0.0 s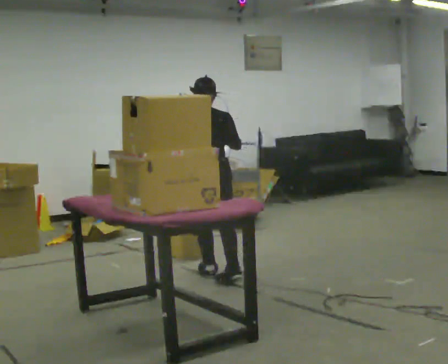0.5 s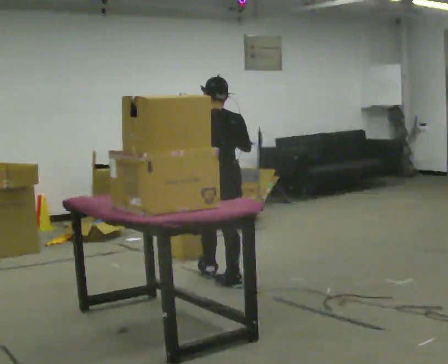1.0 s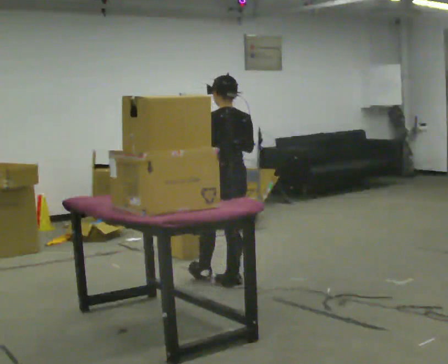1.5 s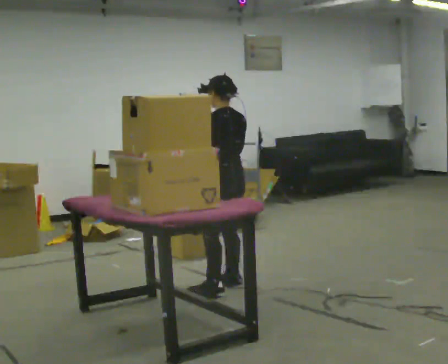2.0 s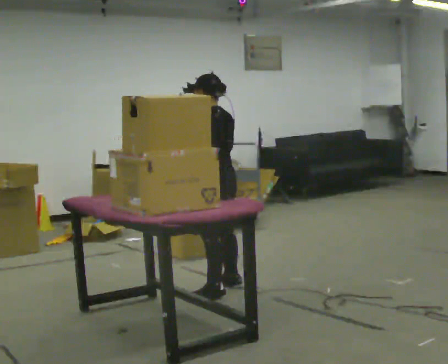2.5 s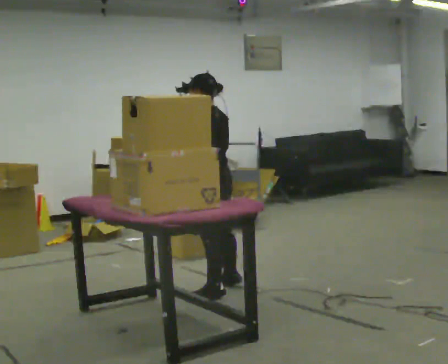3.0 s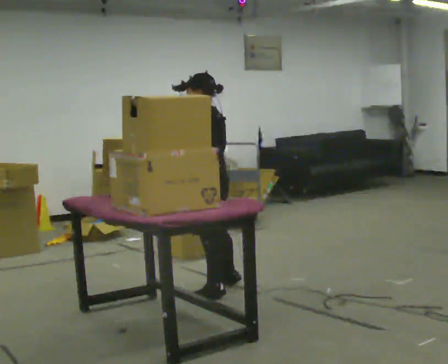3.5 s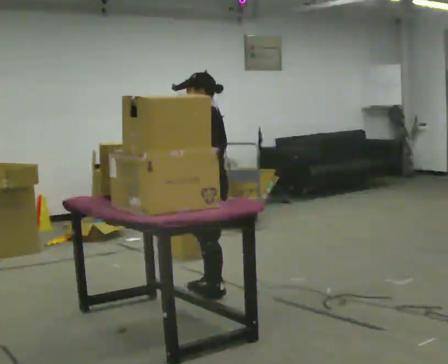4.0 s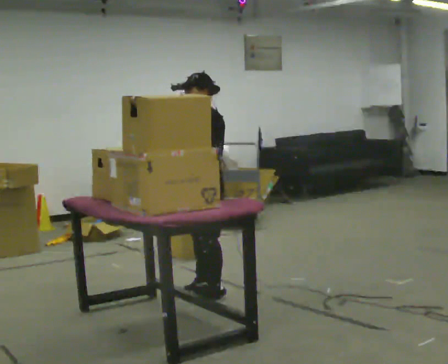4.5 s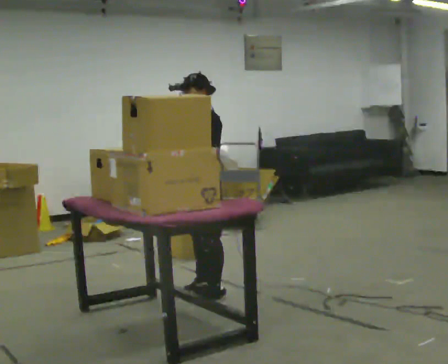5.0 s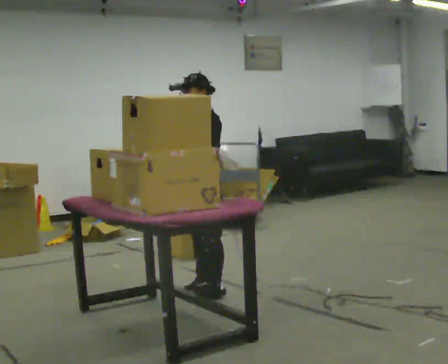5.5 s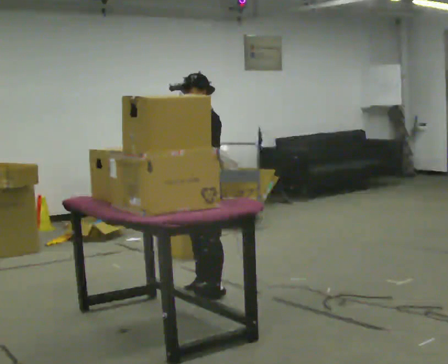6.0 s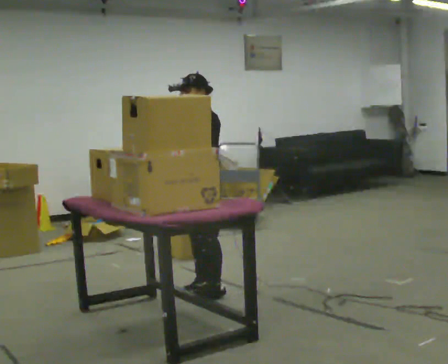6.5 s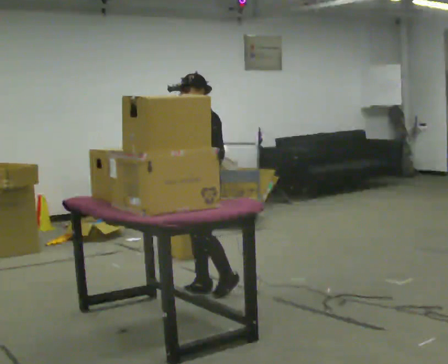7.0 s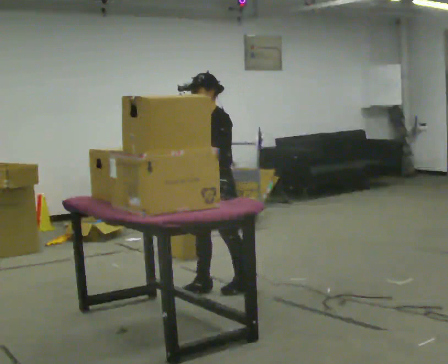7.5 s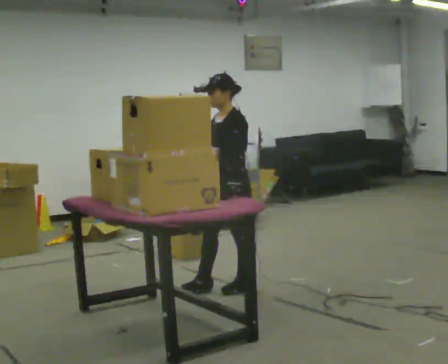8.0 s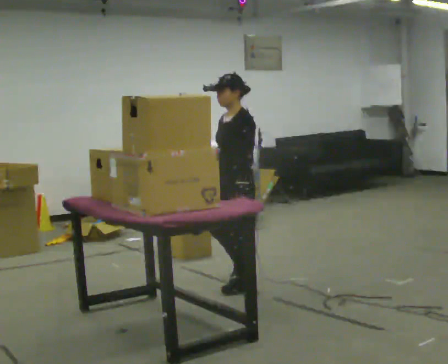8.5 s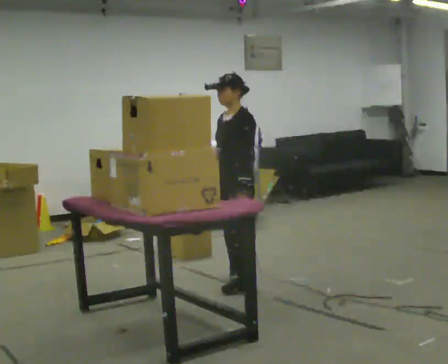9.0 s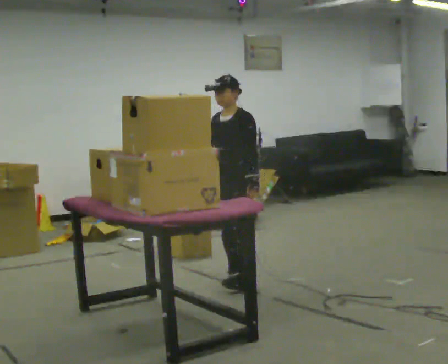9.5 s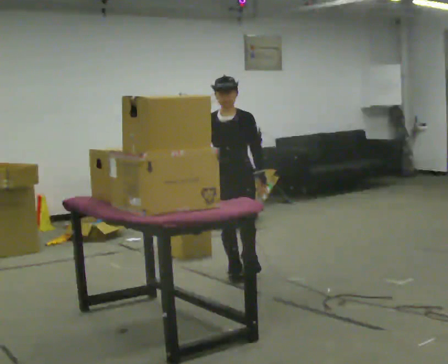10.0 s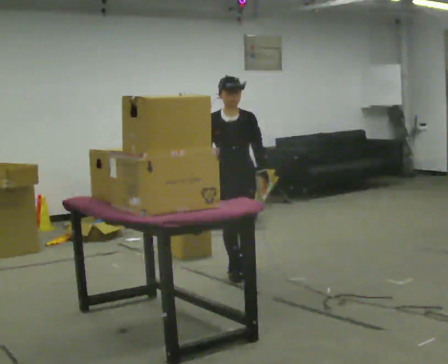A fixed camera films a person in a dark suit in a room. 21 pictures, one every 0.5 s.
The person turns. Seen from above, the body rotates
counterclockwise.
The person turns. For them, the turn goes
to their left.
0.0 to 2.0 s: The person turns about 45 degrees to their left, counterclockwise seen from above, so the part of the body nearest the lens slides to the right. In the picture they go toward the camera, about 0.5 m in 1 step, which for them is backward.
2.0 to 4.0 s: The person turns about 60 degrees to their left, counterclockwise seen from above, so the part of the body nearest the lens slides to the right. In the picture their right hand goes to the left.
4.0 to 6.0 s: The person moves a little, or ends about where they began.
6.0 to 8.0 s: In the picture they go to the right, about 0.25 m in 2 steps, which for them is backward. In the picture their right hand goes to the right, the arm swinging counterclockwise.
8.0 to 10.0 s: The part of the body nearest the lens slides to the right as the person turns to their left by about 75 degrees. In the picture they go away from the camera, about 0.5 m in 1 step.
The film runs backward here.
